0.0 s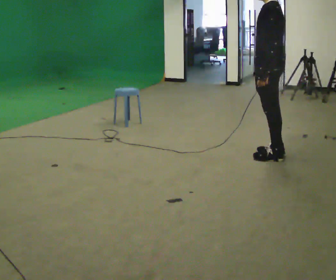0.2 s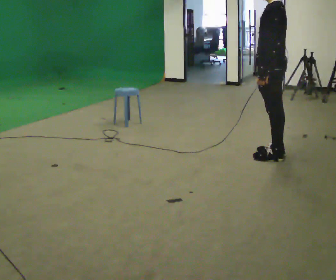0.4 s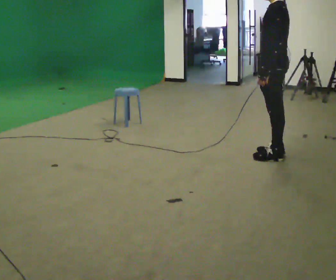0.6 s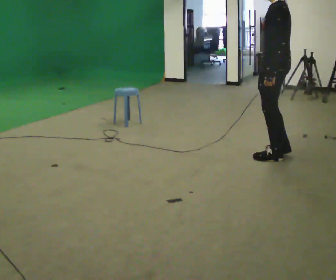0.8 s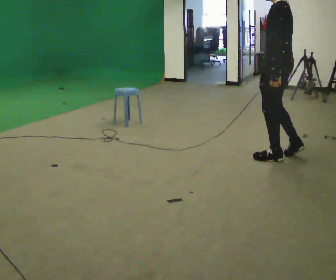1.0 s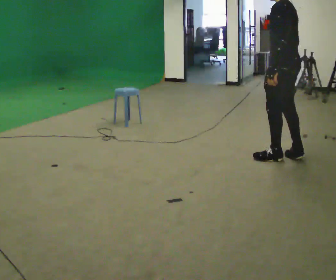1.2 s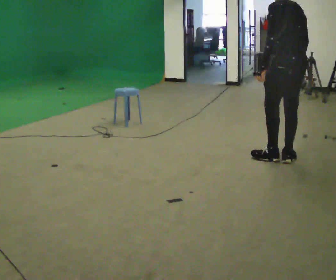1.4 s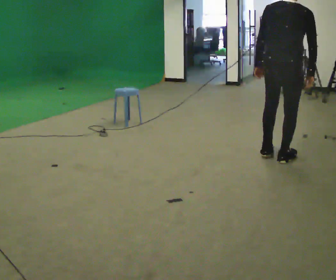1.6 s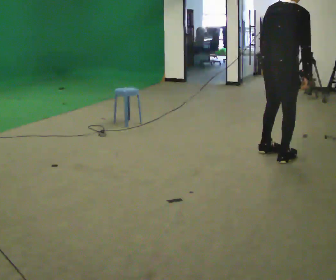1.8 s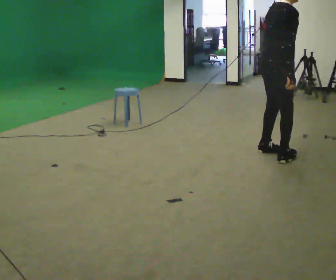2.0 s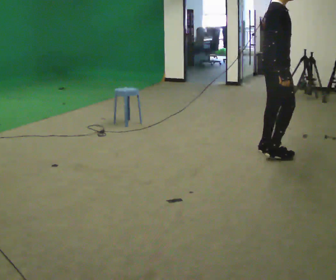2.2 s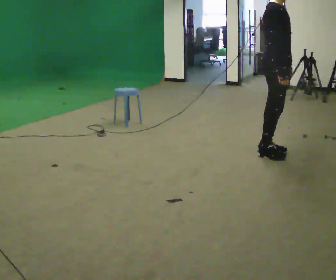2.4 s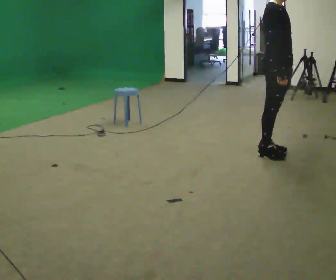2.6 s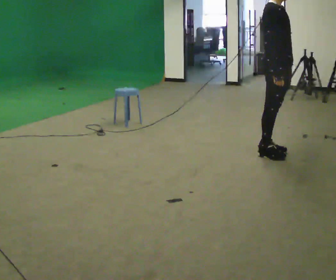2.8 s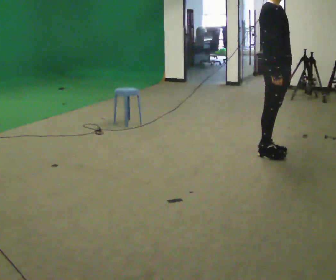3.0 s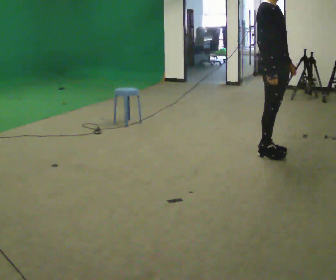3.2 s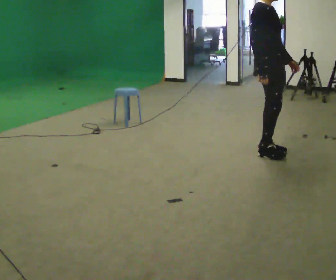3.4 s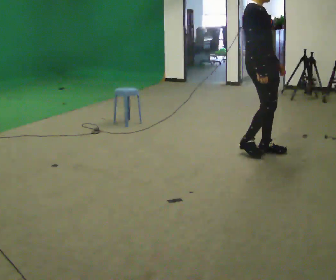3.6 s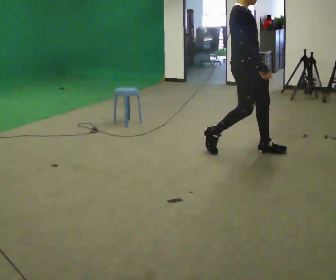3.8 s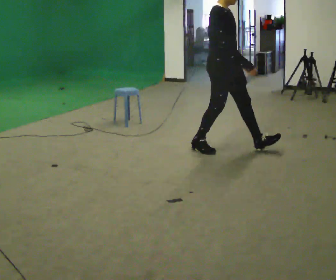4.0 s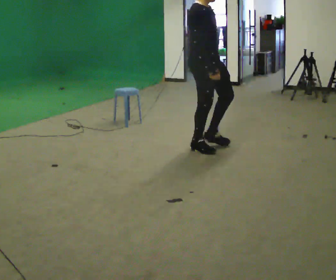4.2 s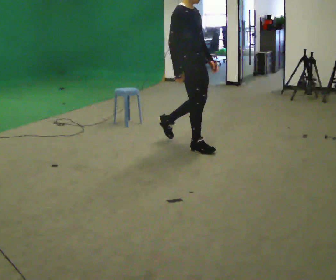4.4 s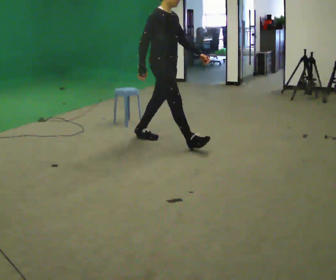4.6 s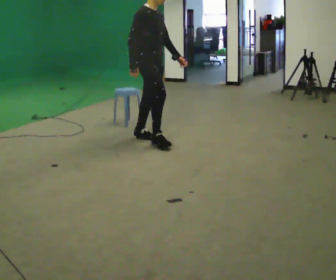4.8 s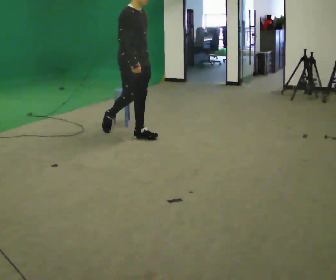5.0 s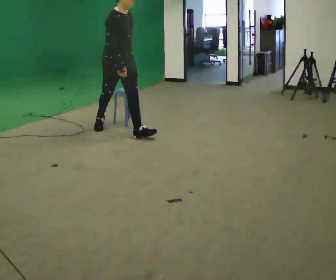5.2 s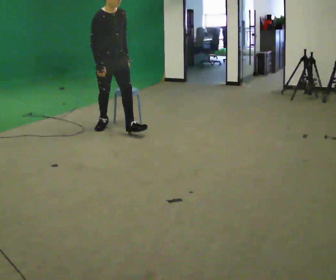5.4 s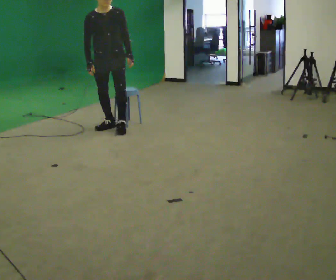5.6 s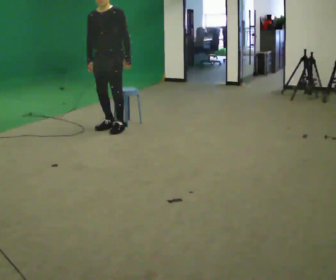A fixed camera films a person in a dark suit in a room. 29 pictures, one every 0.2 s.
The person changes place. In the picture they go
to the left.
The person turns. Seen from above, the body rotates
clockwise.
0.0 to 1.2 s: Seen from above the body turns clockwise, about 30 degrees: to their right, with its near side sliding to the left. In the picture they go to the right, about 0.25 m in 2 steps, which for them is backward.
1.2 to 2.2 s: Seen from above the body turns clockwise, about 150 degrees: to their right, with its near side sliding to the left.
2.2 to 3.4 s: The person moves a little, or ends about where they began.
3.4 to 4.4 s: In the picture they go to the left, about 1 m in 2 steps, which for them is backward.
4.4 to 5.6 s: Seen from above the body turns clockwise, about 75 degrees: to their right, with its near side sliding to the left. In the picture they go to the left, about 1 m in 1 step.
The film runs backward here.
